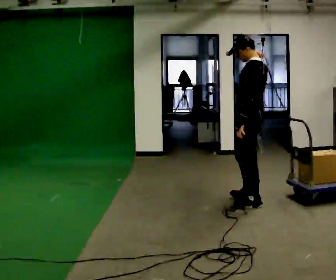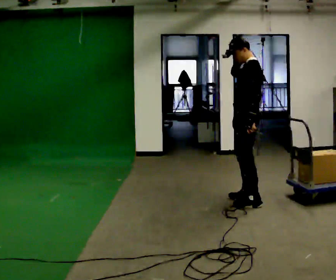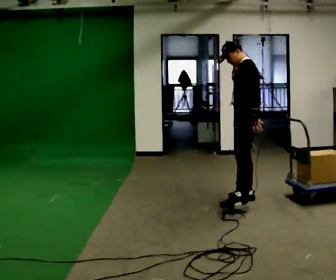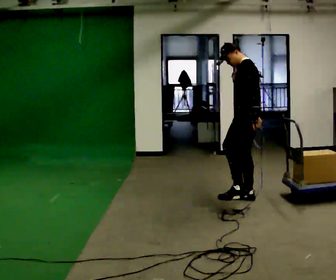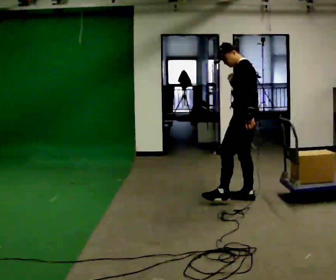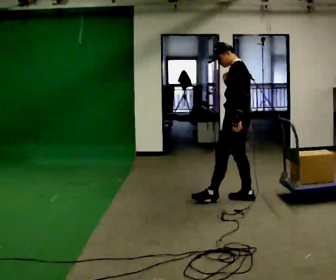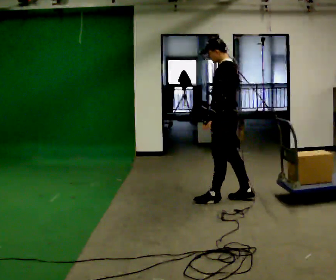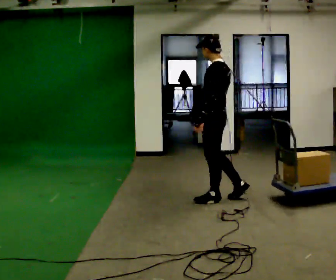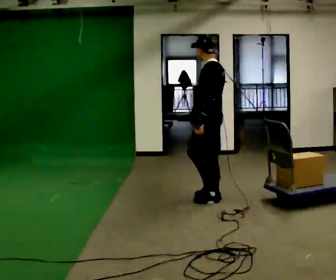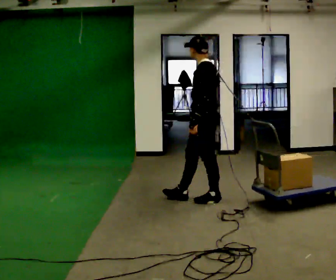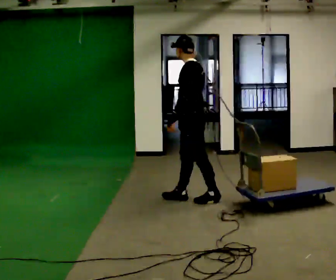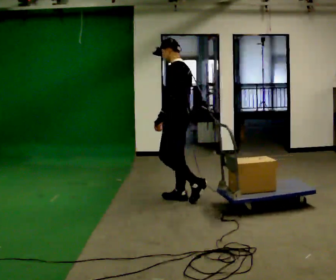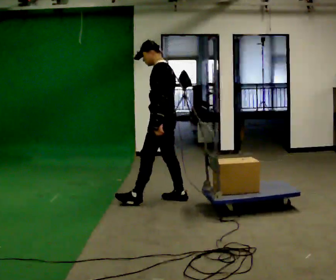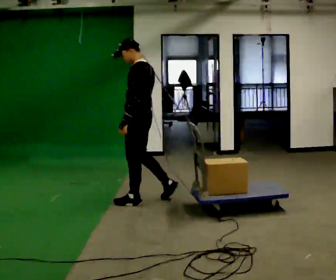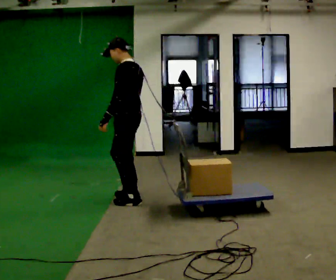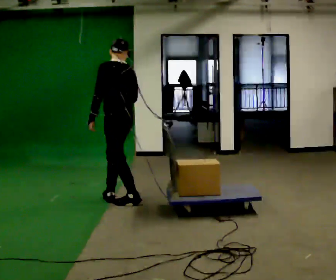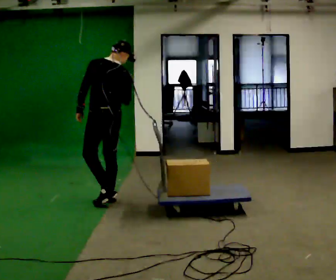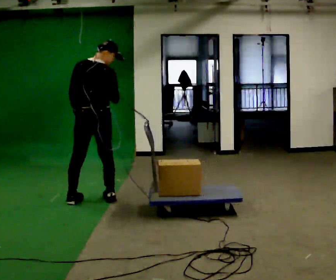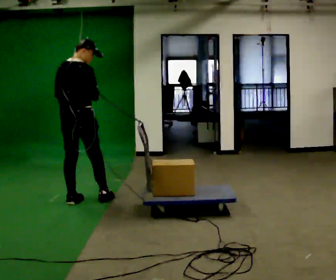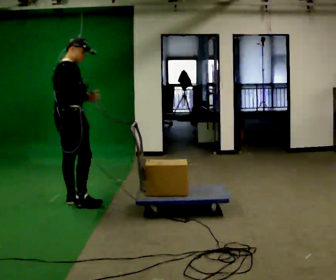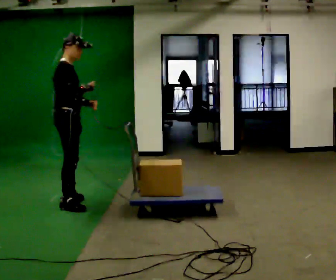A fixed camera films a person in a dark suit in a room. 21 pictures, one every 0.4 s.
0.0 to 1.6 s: In the picture they go away from the camera, about 0.25 m in 1 step, which for them is to their right.
1.6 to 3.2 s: In the picture they go to the left, about 0.5 m in 1 step, which for them is forward and to their left.
3.2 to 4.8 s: In the picture they go to the left, about 0.5 m in 1 step, which for them is forward.
4.8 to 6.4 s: The person turns about 45 degrees to their right, clockwise seen from above, so the part of the body nearest the lens slides to the left. In the picture they go to the left, about 0.5 m in 2 steps, which for them is forward.
6.4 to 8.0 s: Seen from above the body turns clockwise, about 105 degrees: to their right, with its near side sliding to the left. In the picture they go to the left and toward the camera, about 0.5 m in 2 steps.
The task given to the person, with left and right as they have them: Put the rope over your shoulder and drag the sled across the room. Keep going until the operator says stop.
The film runs forward here.
